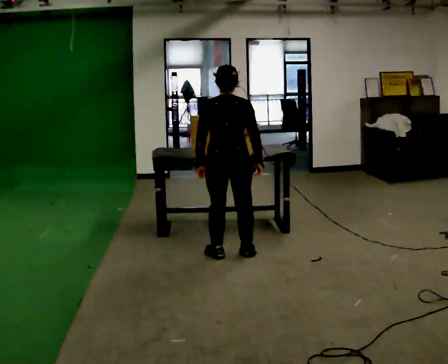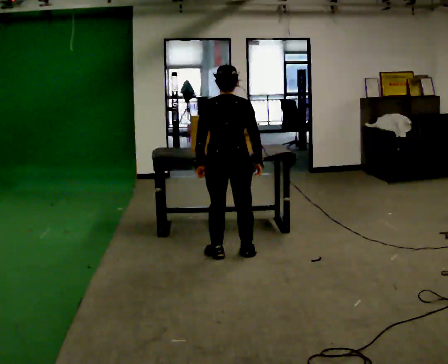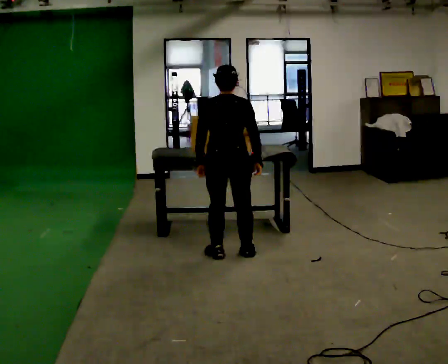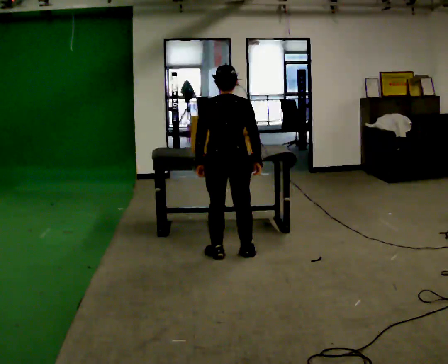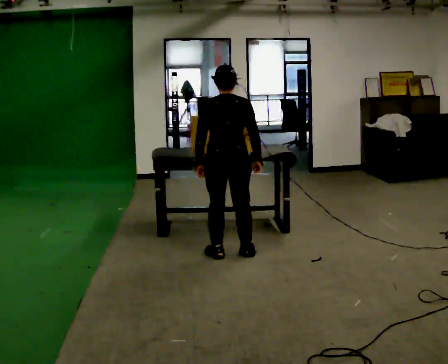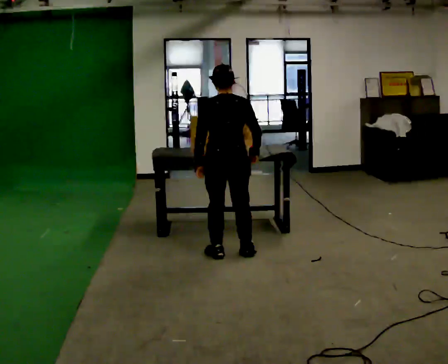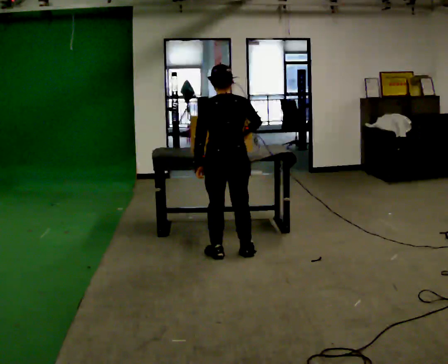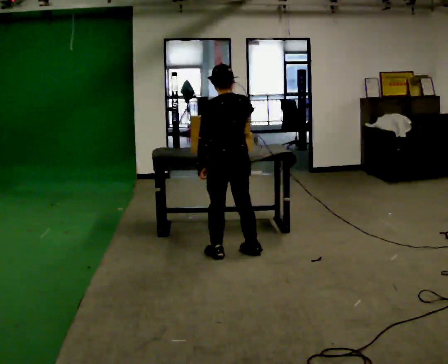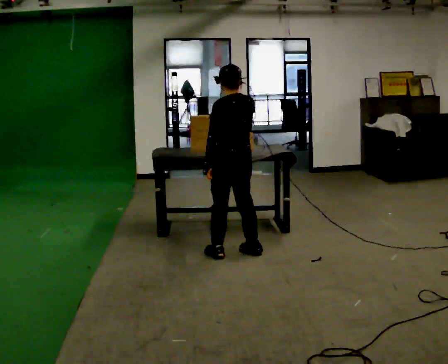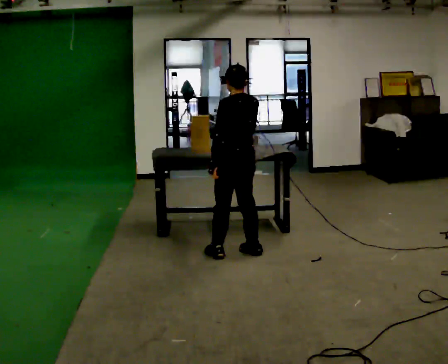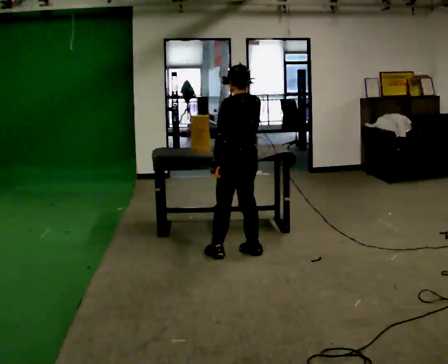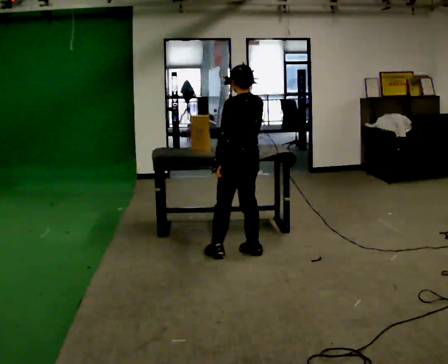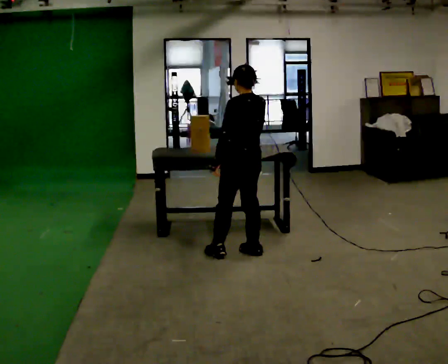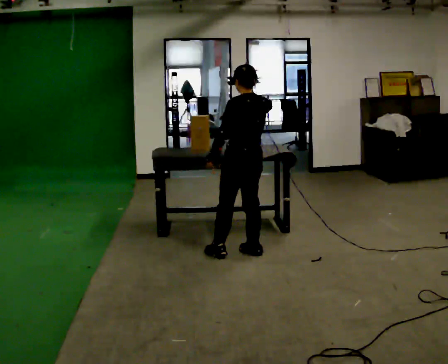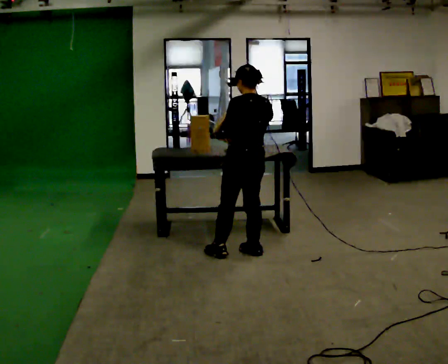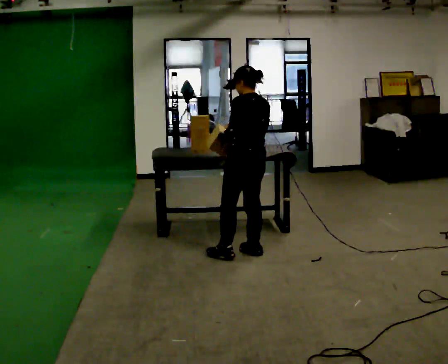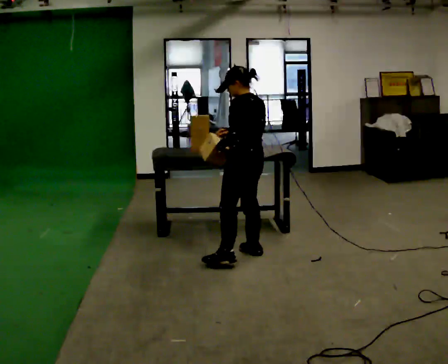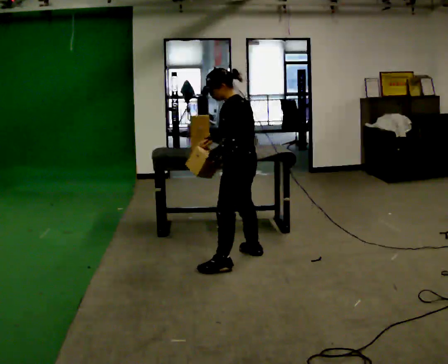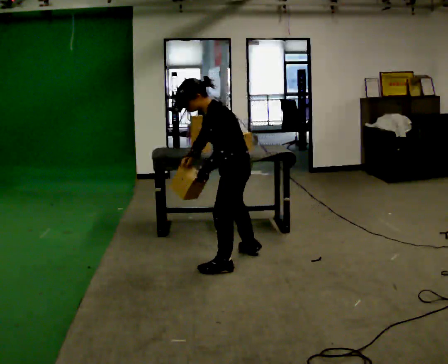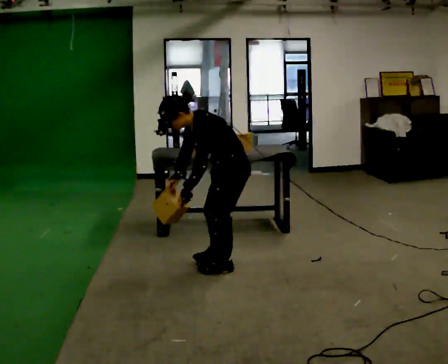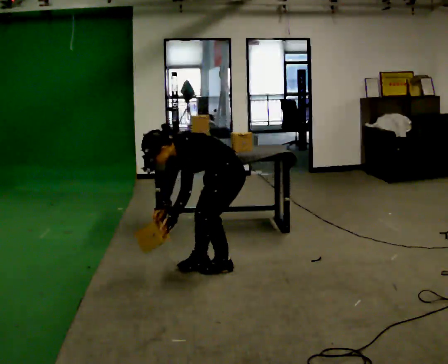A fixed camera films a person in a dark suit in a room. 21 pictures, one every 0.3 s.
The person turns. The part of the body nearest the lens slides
to the right.
The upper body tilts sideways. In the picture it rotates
counterclockwise.
0.0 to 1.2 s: The person moves a little, or ends about where they began.
1.2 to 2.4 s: Seen from above the body turns counterclockwise, about 30 degrees: to their left, with its near side sliding to the right. In the picture their right hand goes upward.
2.4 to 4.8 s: The person moves a little, or ends about where they began.
4.8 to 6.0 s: The part of the body nearest the lens slides to the right as the person turns to their left by about 60 degrees. In the picture they go toward the camera and to the left, about 0.25 m in 2 steps, which for them is to their left and forward. The shoulders move downward. In the picture the upper body tilts counterclockwise, shoulders to the left, as they bend forward. In the picture their right hand goes downward.
The film runs forward here.
